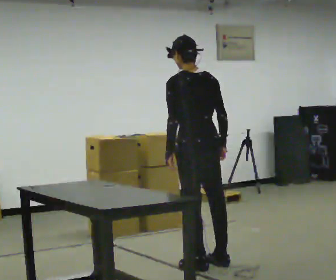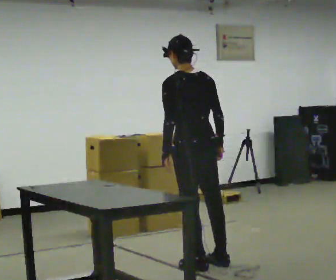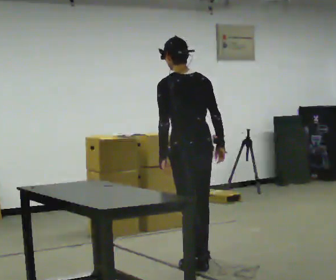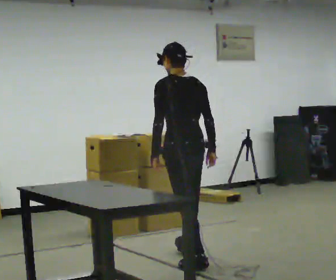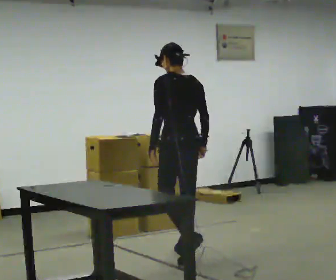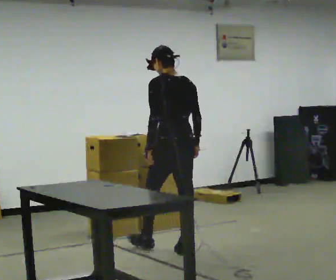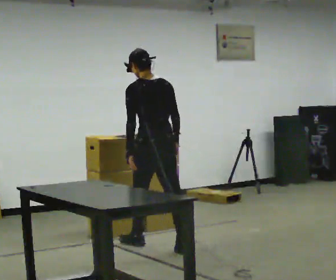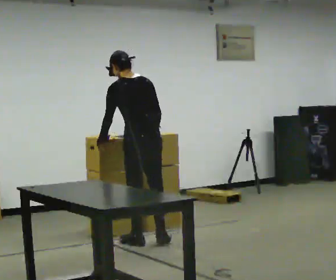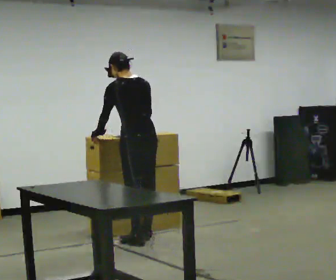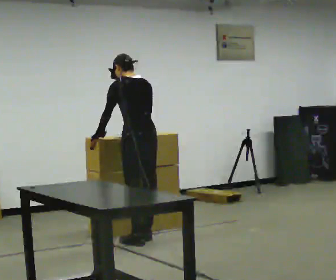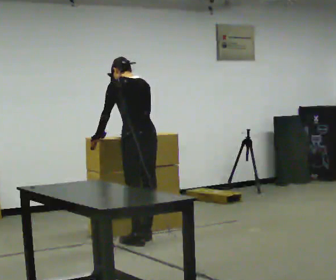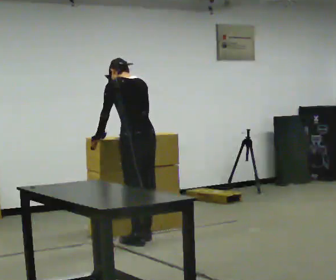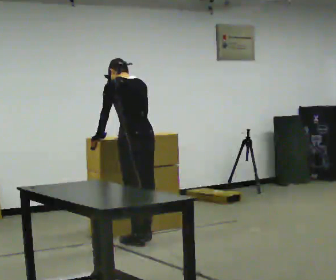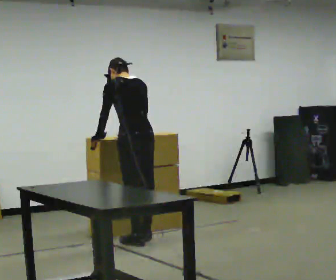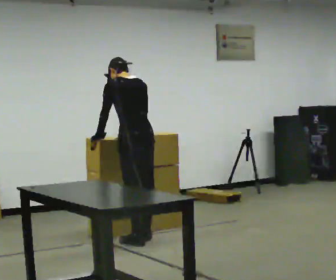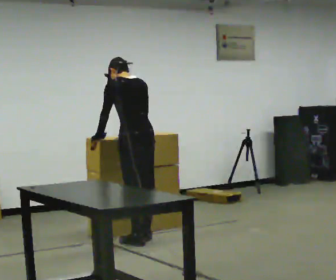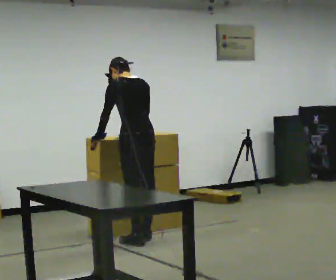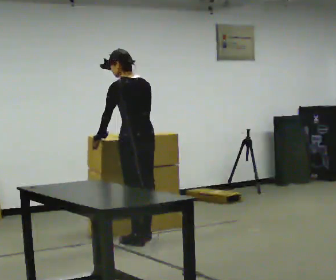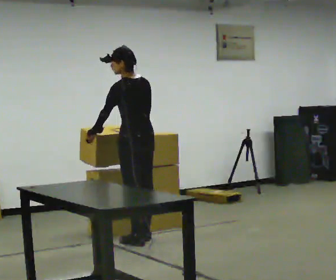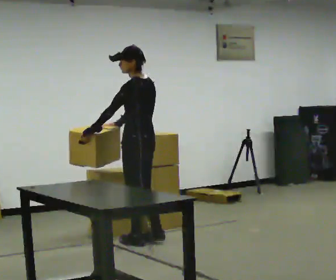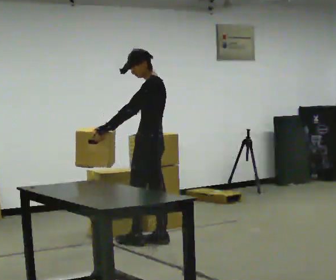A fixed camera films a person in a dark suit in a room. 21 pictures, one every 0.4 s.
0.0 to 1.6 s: In the picture they go away from the camera, about 0.5 m in 1 step, which for them is forward.
1.6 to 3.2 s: In the picture they go away from the camera and to the left, about 0.5 m in 2 steps, which for them is forward.
3.2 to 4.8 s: The person moves a little, or ends about where they began.
4.8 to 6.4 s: The person keeps their place and pose.
6.4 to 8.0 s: Seen from above the body turns counterclockwise, about 45 degrees: to their left, with its near side sliding to the right. In the picture they go to the right, about 0.25 m in 1 step.
The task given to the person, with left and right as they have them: Bring the boxes over one at a time and stack them on top of each other, walking back for each one. Keep going until the operator says stop; one object at a time, and do not rush between trips.
The film runs forward here.
